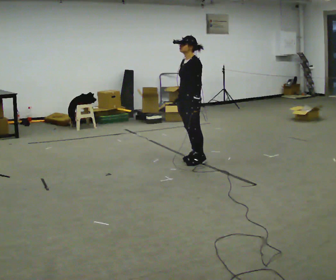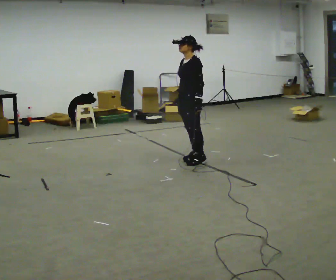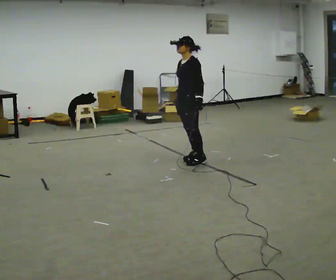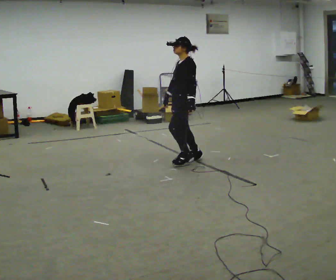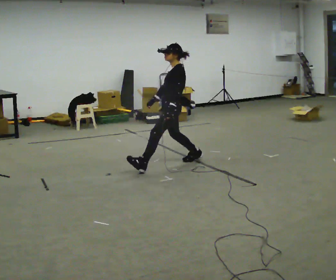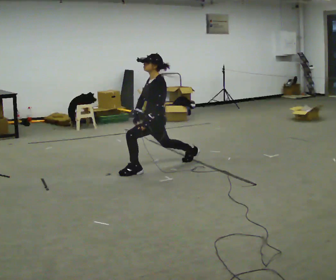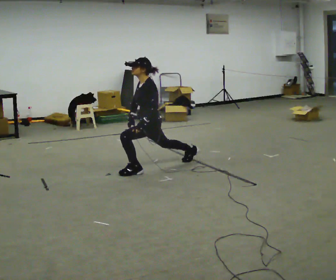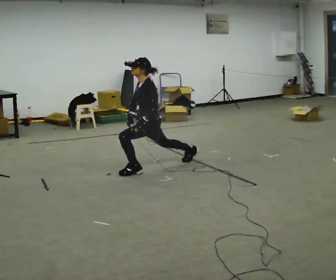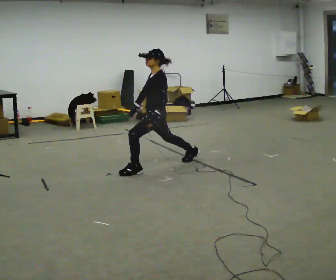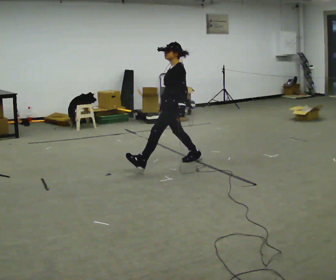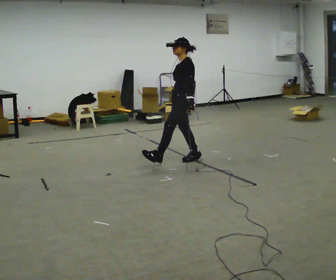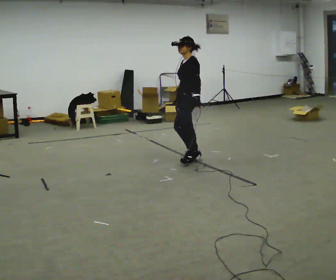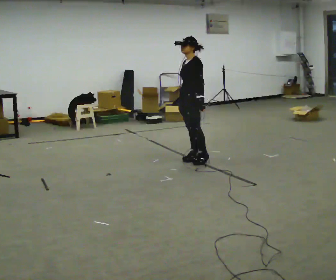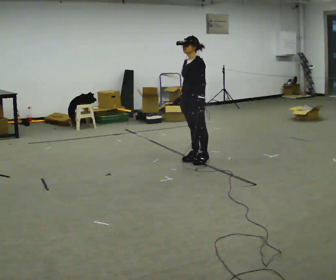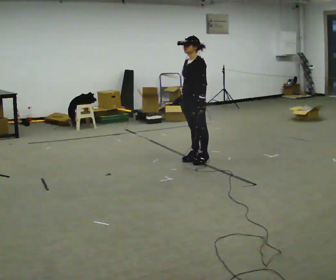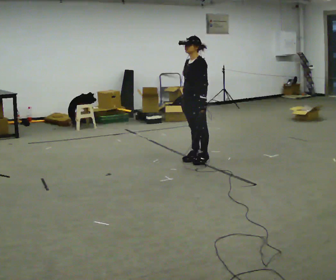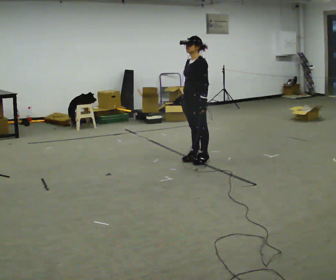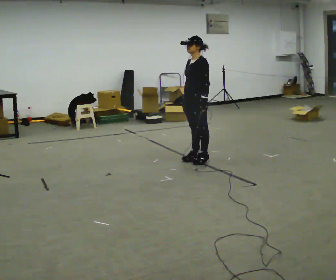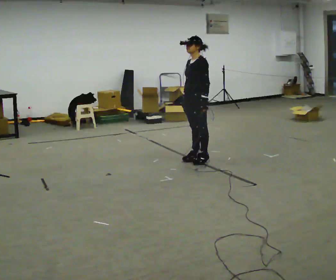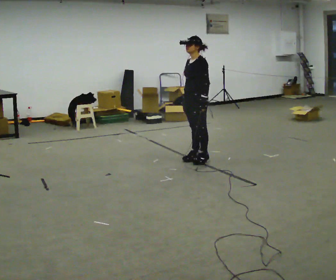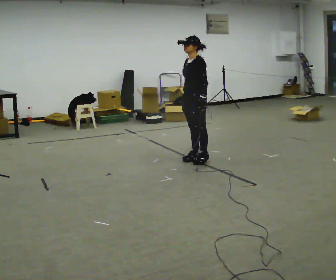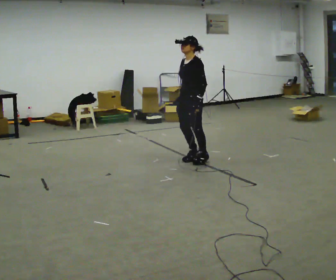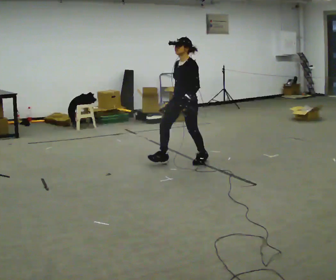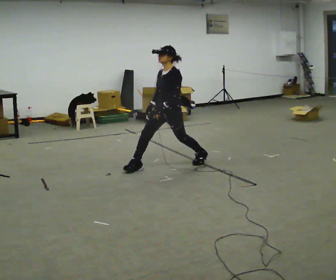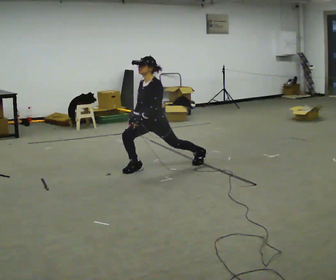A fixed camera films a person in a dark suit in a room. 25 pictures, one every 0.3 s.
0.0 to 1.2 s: In the picture they go to the left, about 0.25 m in 1 step, which for them is forward.
1.2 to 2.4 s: In the picture they go to the left, about 0.25 m, which for them is forward.
2.4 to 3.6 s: In the picture they go to the right and away from the camera, about 0.5 m in 1 step, which for them is backward and to their right. The upper body goes upward.
3.6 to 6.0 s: The person moves a little, or ends about where they began.
6.0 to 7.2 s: In the picture they go to the left and toward the camera, about 0.5 m in 1 step, which for them is forward. The upper body goes downward.
The film runs backward here.
